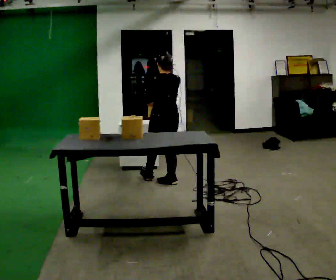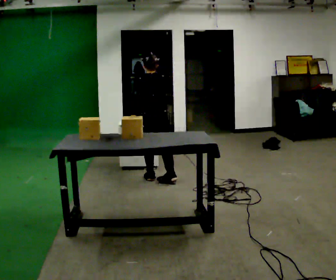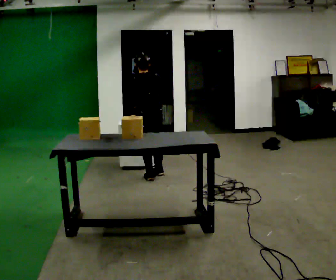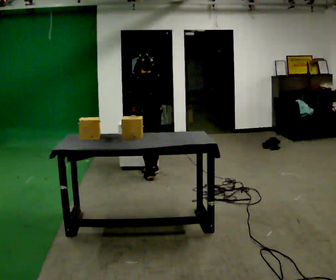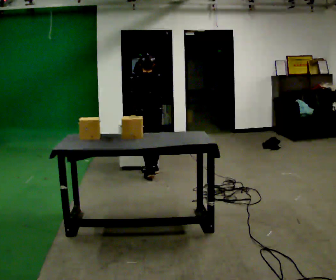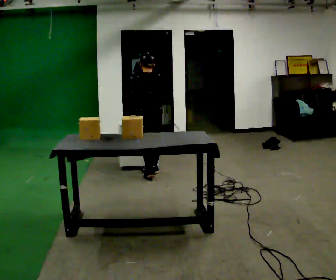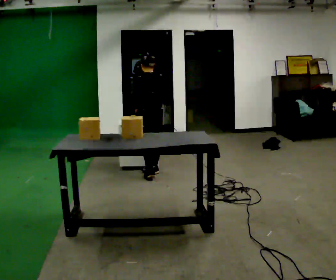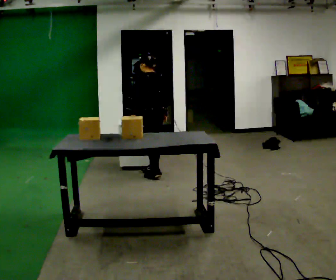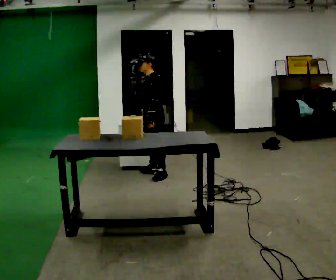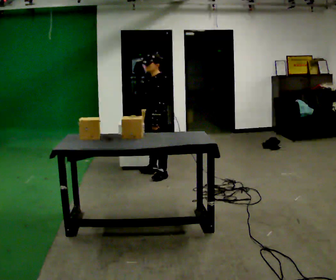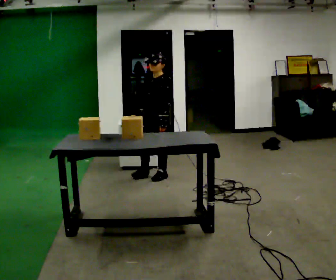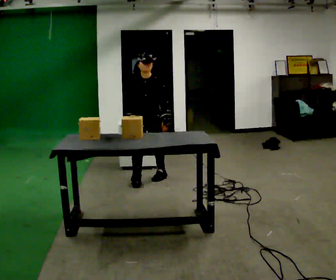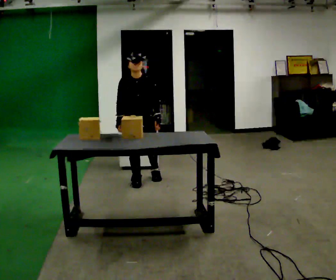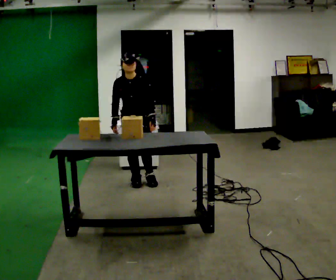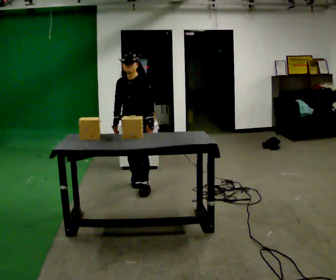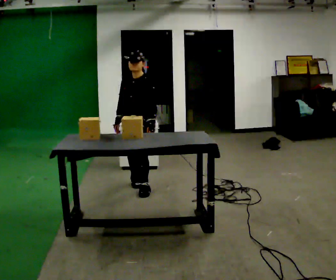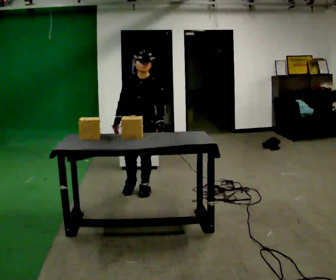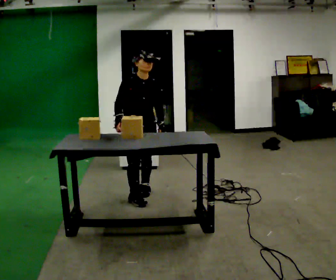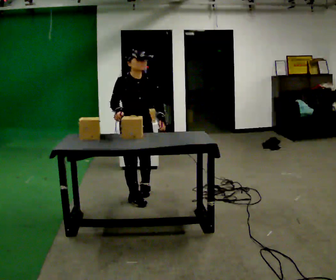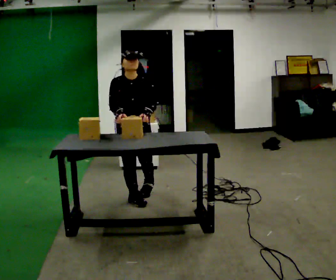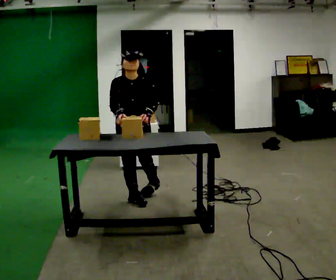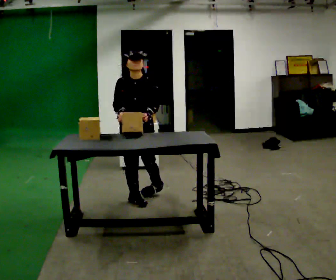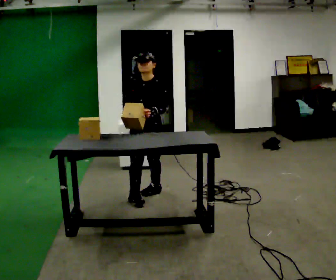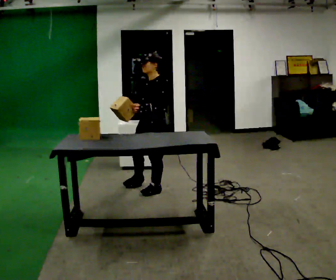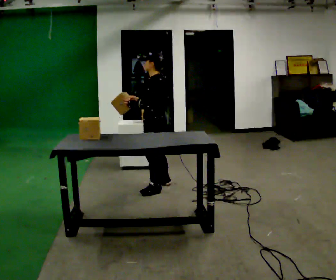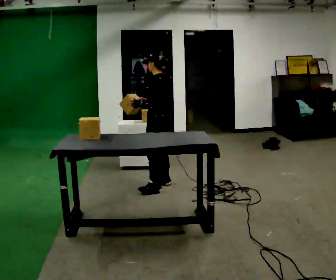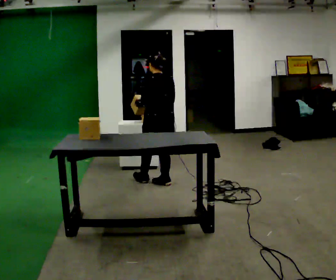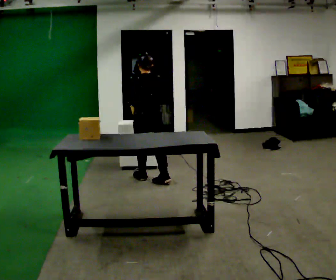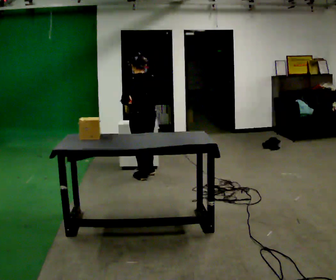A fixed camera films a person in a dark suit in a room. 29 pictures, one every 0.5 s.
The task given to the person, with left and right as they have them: 1. Move all 12 boxes from the shelf at one end of the room to the shelf at the other end. 2. The cart is not available today, so carry them. 3. Tell the operator when you are finished.
0.0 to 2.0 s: In the picture they go away from the camera and to the left, about 0.5 m in 1 step, which for them is forward.
2.0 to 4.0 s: The part of the body nearest the lens slides to the right as the person turns to their left by about 90 degrees.
4.0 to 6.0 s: The part of the body nearest the lens slides to the right as the person turns to their left by about 75 degrees. In the picture they go toward the camera and to the left, about 0.5 m in 1 step.
6.0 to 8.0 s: In the picture they go toward the camera, about 0.5 m in 1 step, which for them is forward.
8.0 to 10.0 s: In the picture they go toward the camera, about 0.25 m in 1 step, which for them is forward and to their right.
10.0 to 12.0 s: Seen from above the body turns clockwise, about 105 degrees: to their right, with its near side sliding to the left. In the picture they go away from the camera and to the right, about 0.5 m in 2 steps.
12.0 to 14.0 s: The person turns about 45 degrees to their right, clockwise seen from above, so the part of the body nearest the lens slides to the left. In the picture they go away from the camera, about 0.5 m in 1 step, which for them is forward.
The film runs forward here.
